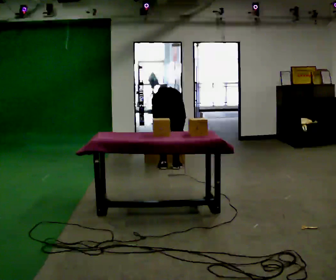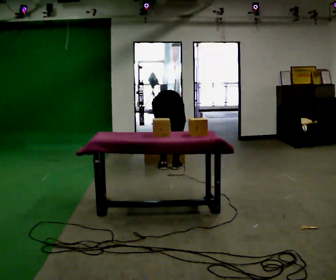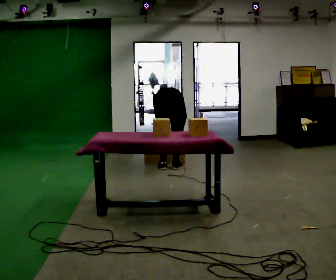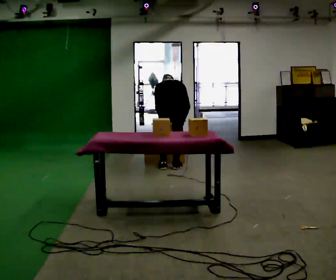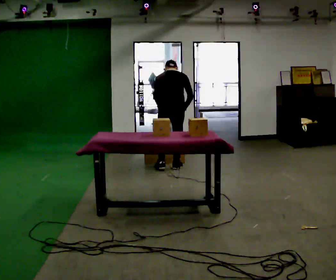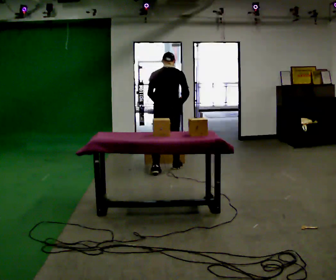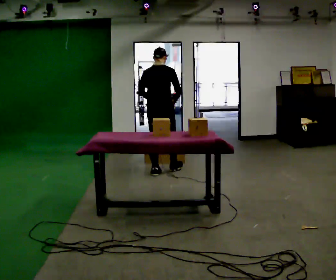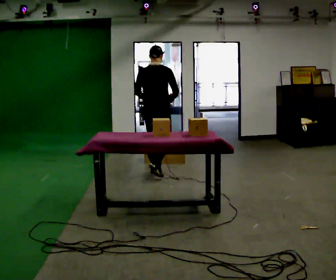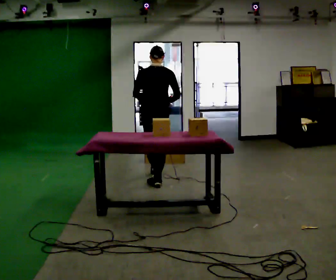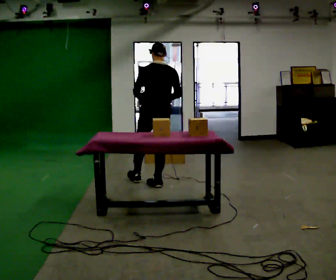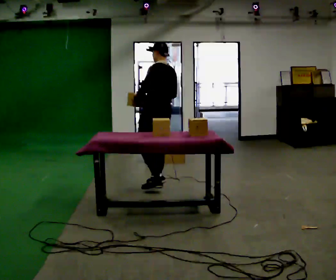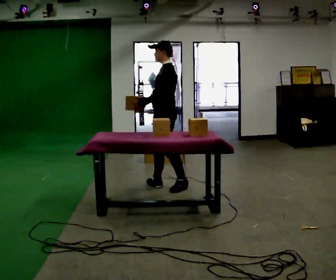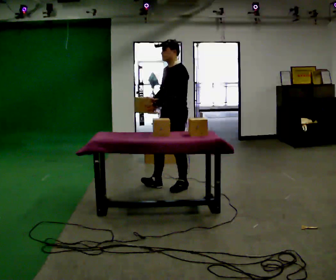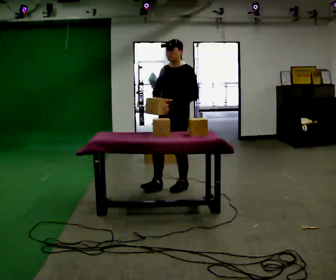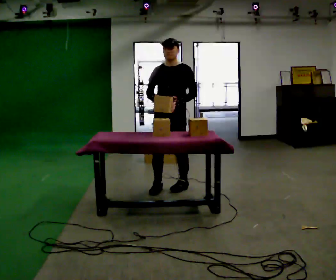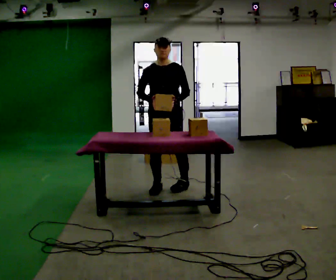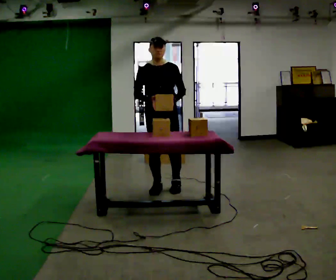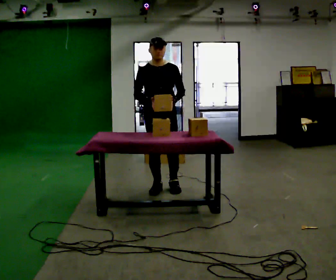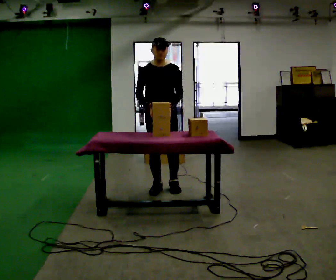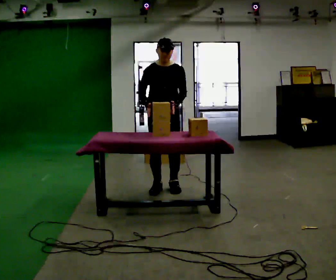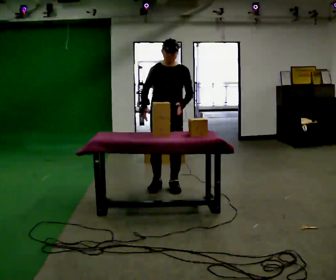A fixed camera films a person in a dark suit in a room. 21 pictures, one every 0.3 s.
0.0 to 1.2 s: The upper body goes upward. The upper body tips toward the camera, its near side rolling downward, as they lean back or straighten. In the picture their left hand goes upward.
1.2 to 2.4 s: In the picture they go toward the camera and to the left, about 0.5 m in 1 step, which for them is backward. The upper body tips toward the camera, its near side rolling downward, as they lean back or straighten.
2.4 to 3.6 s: The person turns about 120 degrees to their left, counterclockwise seen from above, so the part of the body nearest the lens slides to the right. In the picture they go toward the camera and to the right, about 0.5 m in 1 step.
3.6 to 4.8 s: Seen from above the body turns counterclockwise, about 75 degrees: to their left, with its near side sliding to the right. In the picture they go to the left, about 0.25 m in 1 step.
4.8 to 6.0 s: The person moves a little, or ends about where they began.
The film runs backward here.
